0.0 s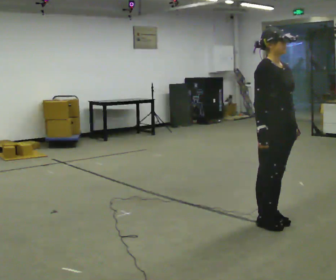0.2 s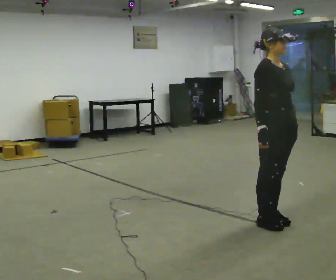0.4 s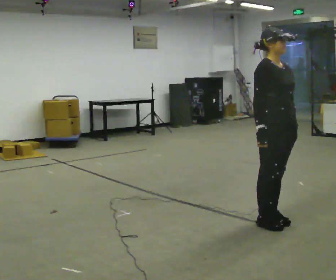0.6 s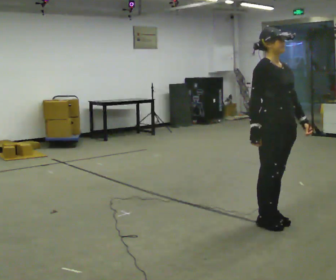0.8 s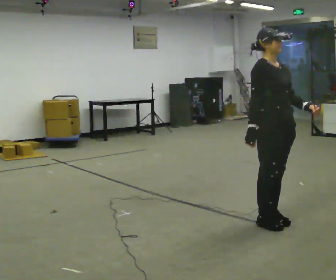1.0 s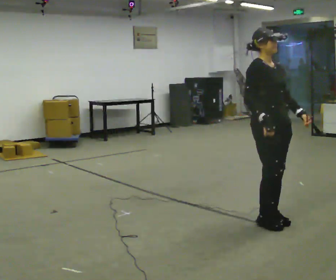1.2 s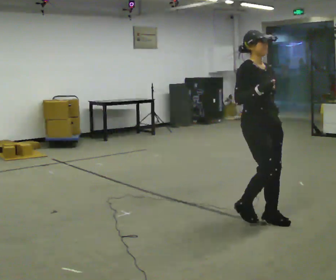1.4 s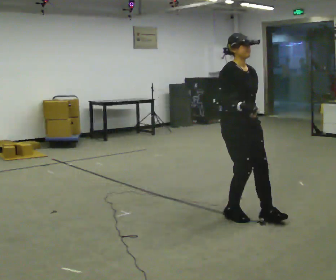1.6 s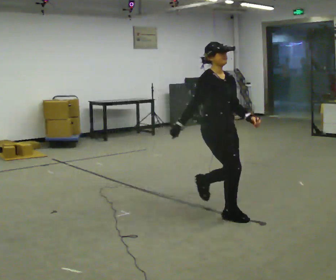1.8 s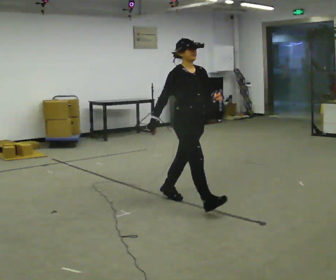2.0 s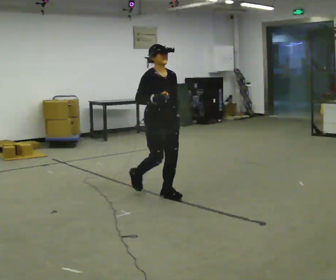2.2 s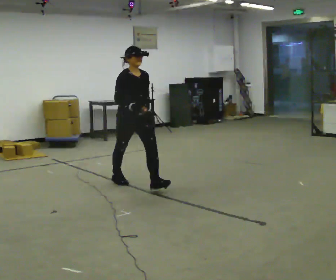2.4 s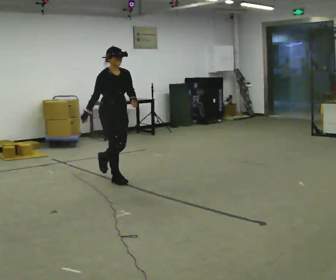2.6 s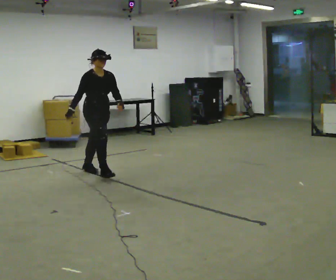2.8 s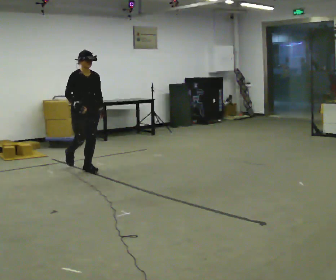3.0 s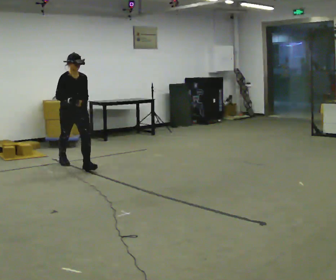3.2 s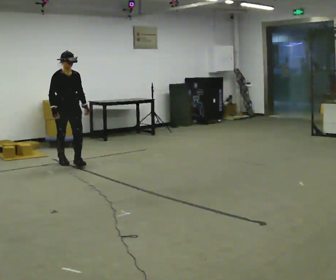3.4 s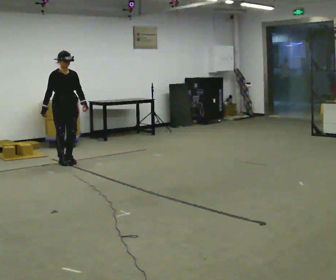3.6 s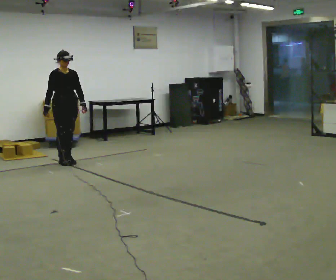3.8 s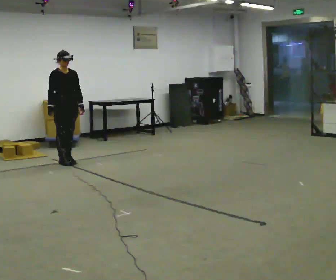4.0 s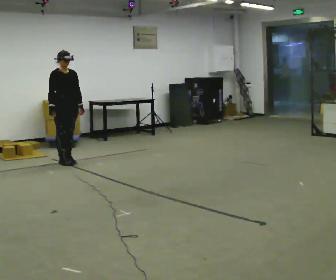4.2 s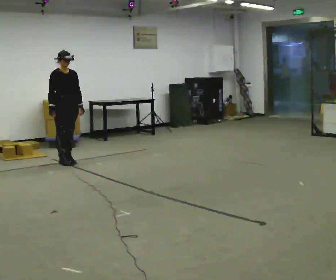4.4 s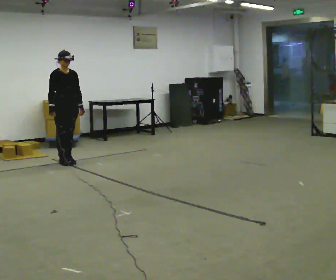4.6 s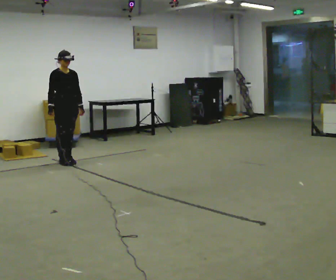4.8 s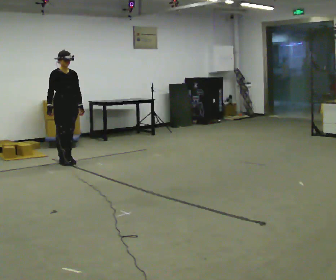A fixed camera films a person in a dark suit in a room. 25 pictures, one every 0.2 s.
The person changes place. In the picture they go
away from the camera.
0.0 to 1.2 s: The person moves a little, or ends about where they began.
1.2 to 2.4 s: In the picture they go away from the camera and to the left, about 2 m in 3 steps, which for them is backward.
2.4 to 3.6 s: In the picture they go away from the camera and to the left, about 1.5 m in 2 steps, which for them is backward.
3.6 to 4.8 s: The person moves a little, or ends about where they began.
The film runs backward here.
